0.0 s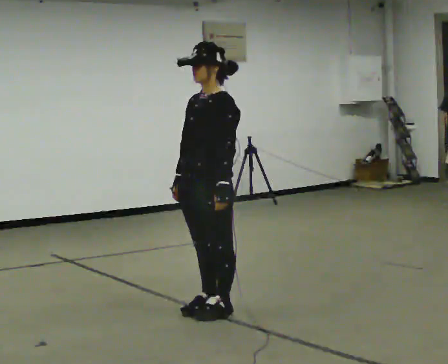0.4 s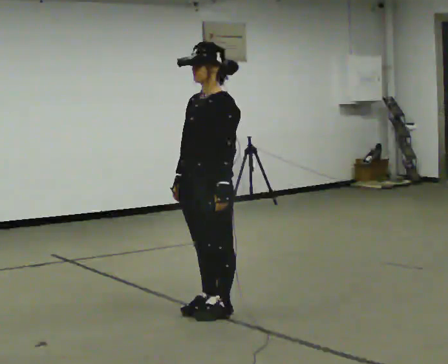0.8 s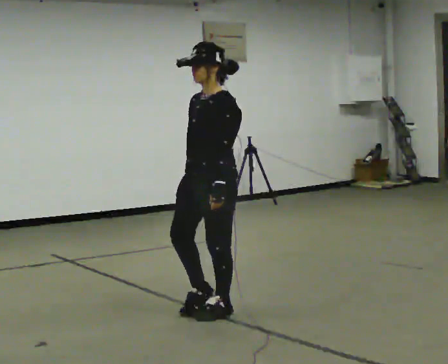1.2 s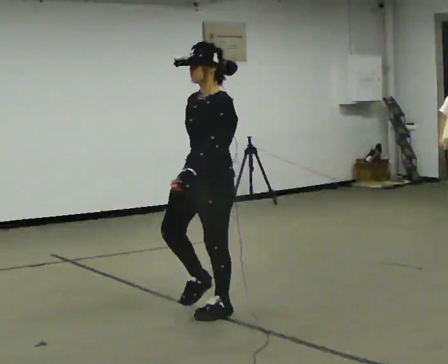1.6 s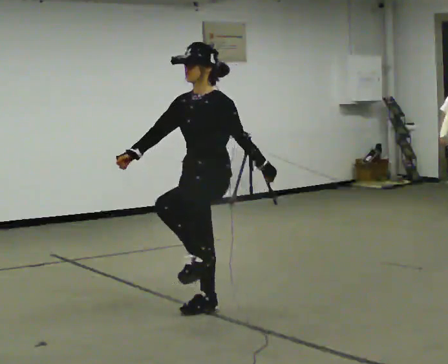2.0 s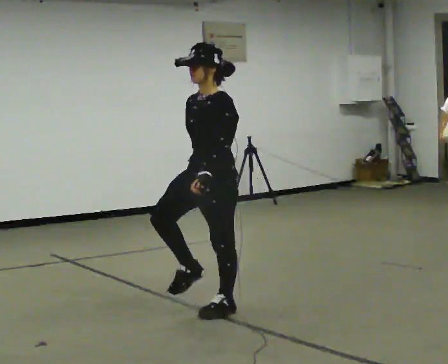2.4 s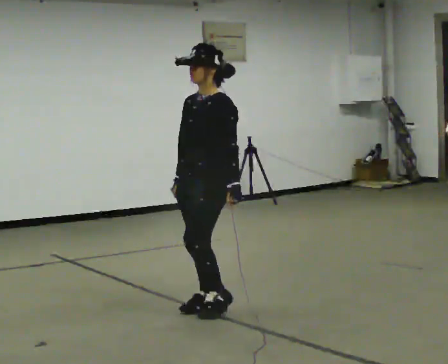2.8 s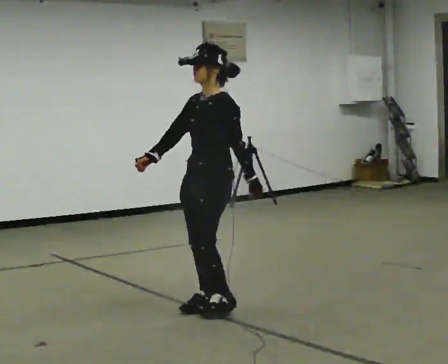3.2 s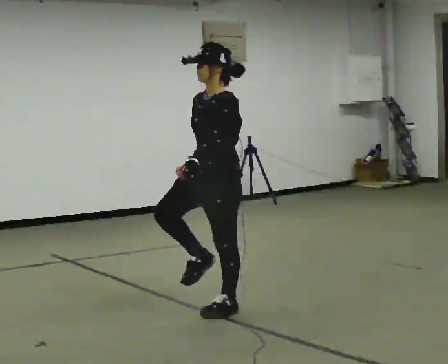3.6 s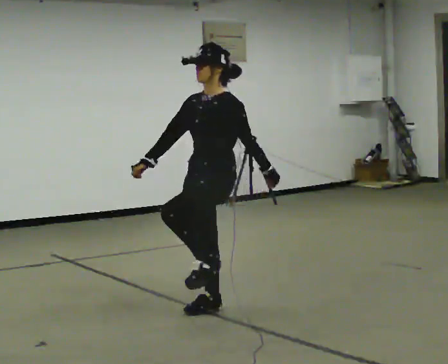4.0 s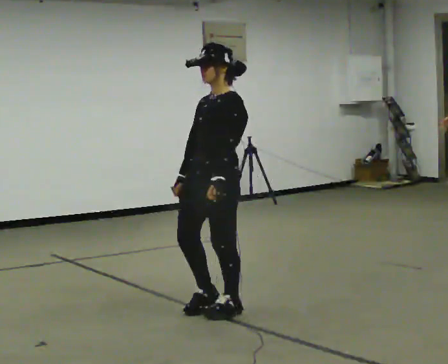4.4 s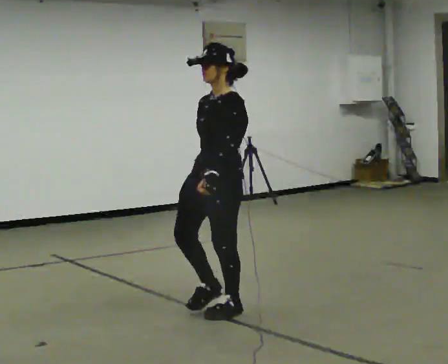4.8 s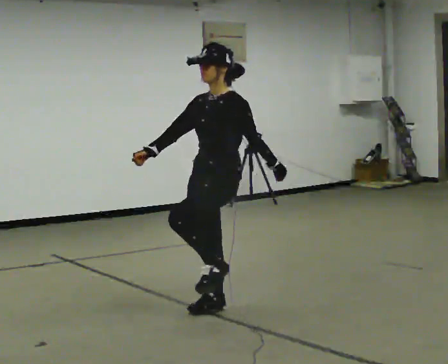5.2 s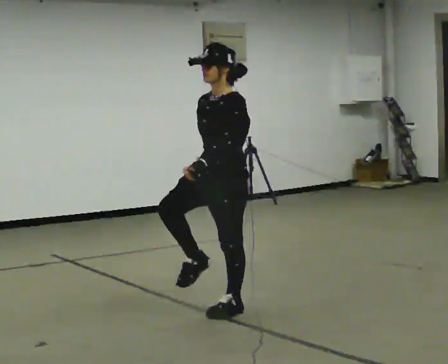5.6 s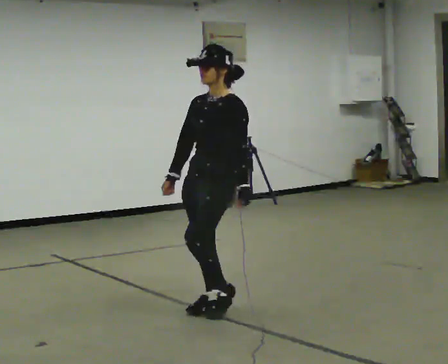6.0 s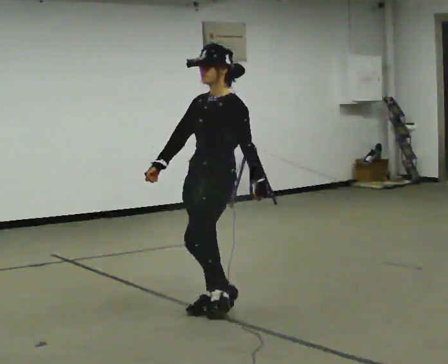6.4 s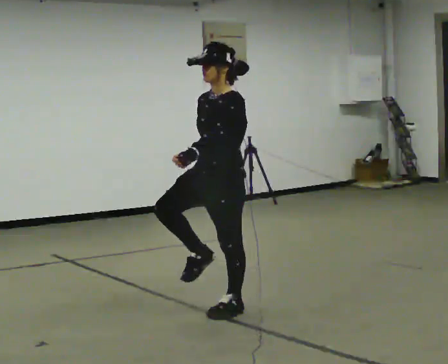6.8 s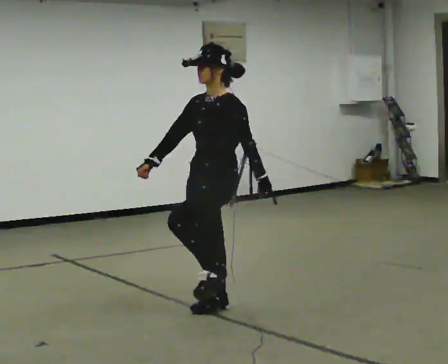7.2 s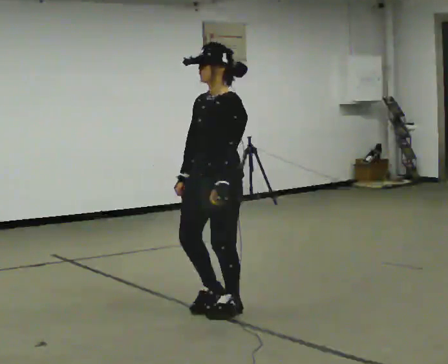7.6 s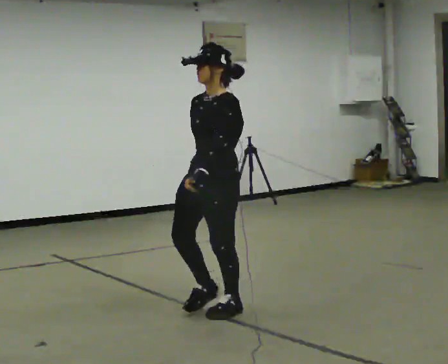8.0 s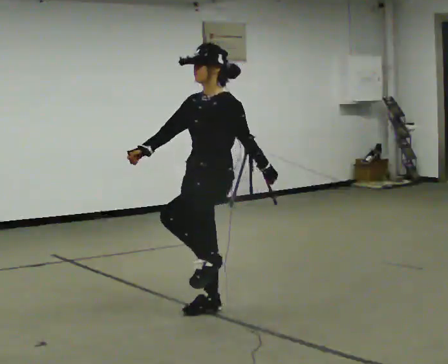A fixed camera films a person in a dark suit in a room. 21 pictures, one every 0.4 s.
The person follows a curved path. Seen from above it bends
counterclockwise.
0.0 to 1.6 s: The person moves a little, or ends about where they began.
1.6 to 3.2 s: In the picture their right hand goes to the right.
3.2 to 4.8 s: In the picture their right hand goes to the left.
4.8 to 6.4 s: In the picture their right hand goes to the right.
6.4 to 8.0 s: In the picture their right hand goes to the left.
The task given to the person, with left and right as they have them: March in place at a comfortable rhythm without moving forward; stop.
The film runs forward here.
